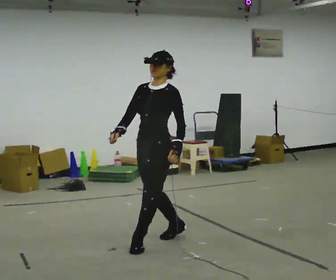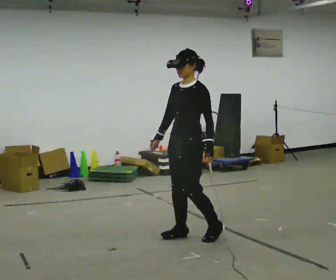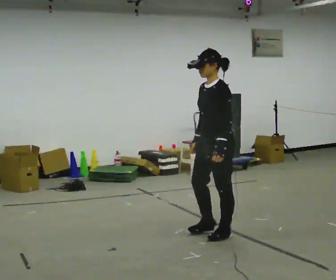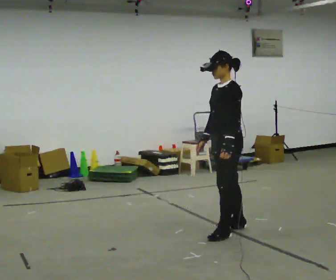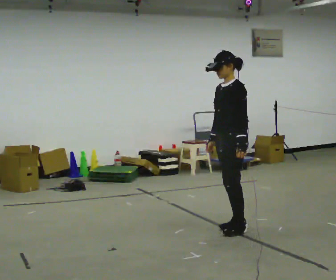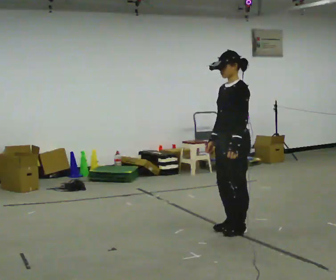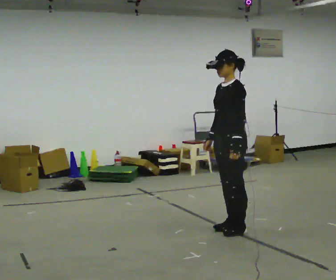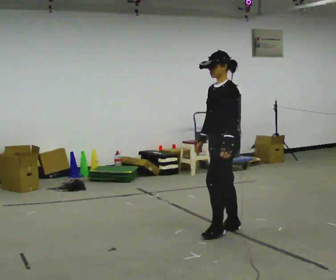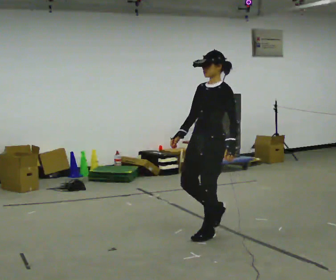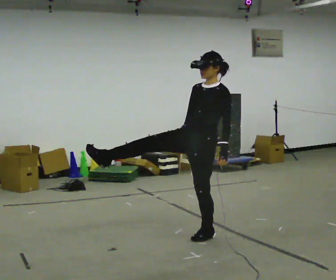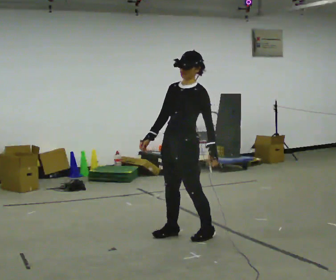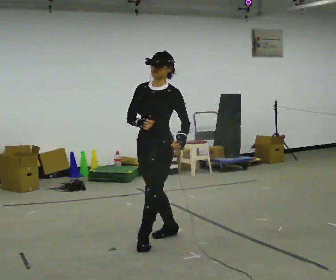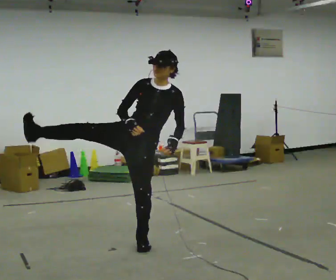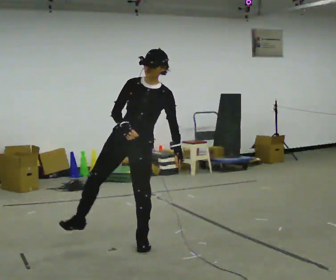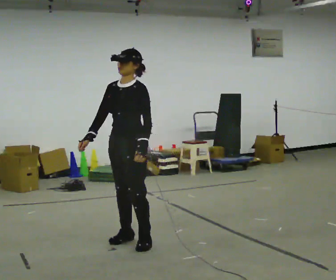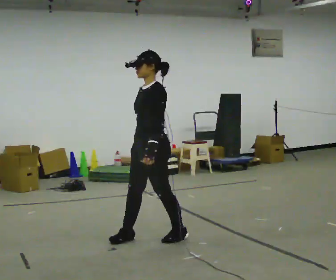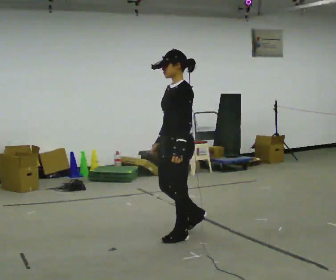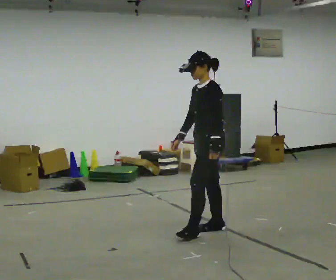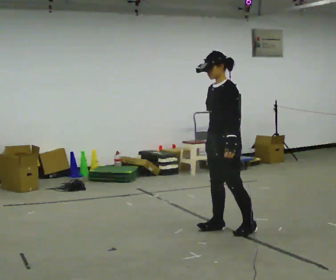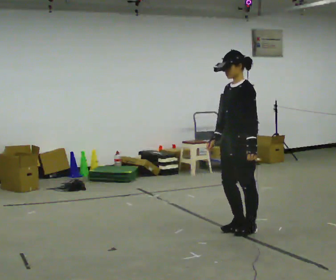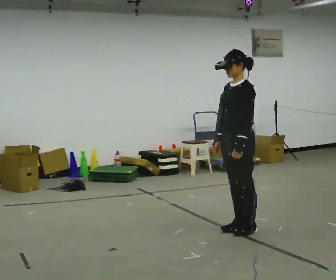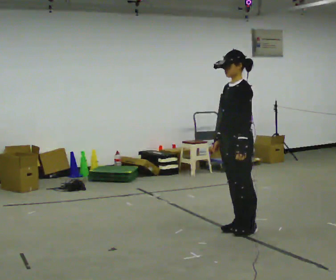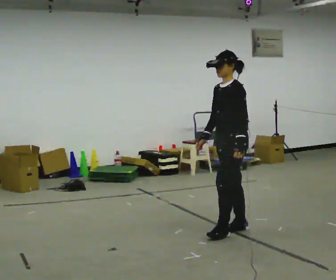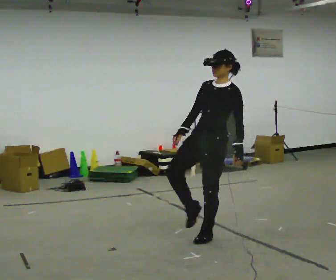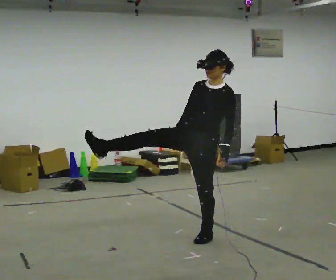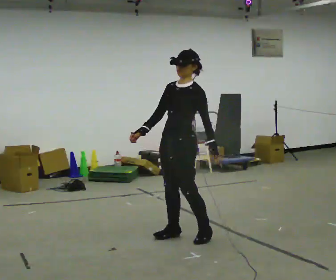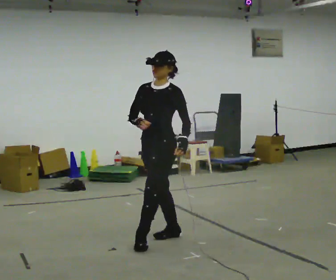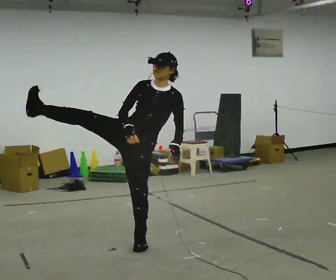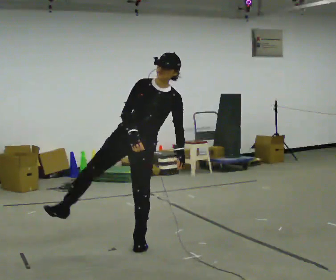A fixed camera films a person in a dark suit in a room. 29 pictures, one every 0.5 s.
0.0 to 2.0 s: In the picture they go to the right and away from the camera, about 1 m in 4 steps, which for them is backward.
2.0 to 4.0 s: In the picture they go to the left and toward the camera, about 0.25 m in 1 step, which for them is forward.
4.0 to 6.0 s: Seen from above the body turns counterclockwise, about 45 degrees: to their left, with its near side sliding to the right. In the picture they go to the left, about 0.5 m in 3 steps, which for them is forward and to their right.
6.0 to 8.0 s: Seen from above the body turns clockwise, about 60 degrees: to their right, with its near side sliding to the left. In the picture they go to the right, about 0.25 m in 3 steps.
8.0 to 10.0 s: In the picture they go to the right, about 0.5 m in 3 steps, which for them is backward.
10.0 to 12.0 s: The part of the body nearest the lens slides to the right as the person turns to their left by about 30 degrees. In the picture they go to the left, about 0.25 m in 2 steps, which for them is forward.
12.0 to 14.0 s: The part of the body nearest the lens slides to the right as the person turns to their left by about 30 degrees. In the picture they go to the left, about 0.5 m in 2 steps, which for them is forward and to their right.
The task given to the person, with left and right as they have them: Kick into the air with each leg in turn, front kicks and side kicks, at a comfortable height. Repeat the movement at your own pace until the operator says stop; do not rush.
The film runs forward here.
